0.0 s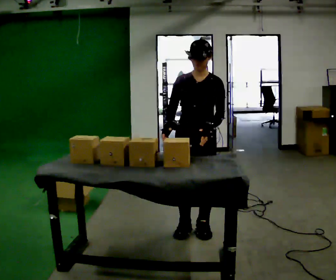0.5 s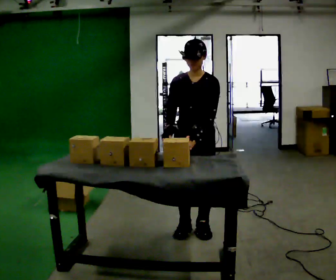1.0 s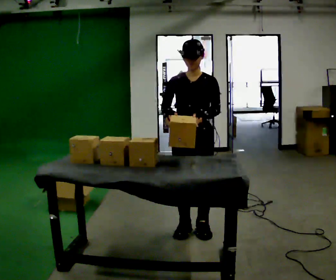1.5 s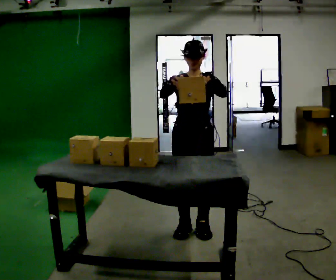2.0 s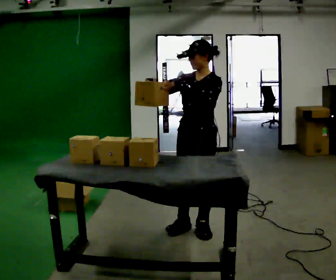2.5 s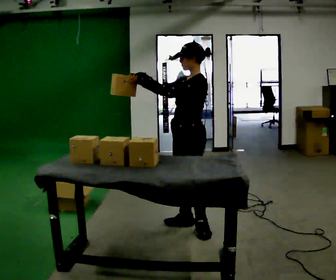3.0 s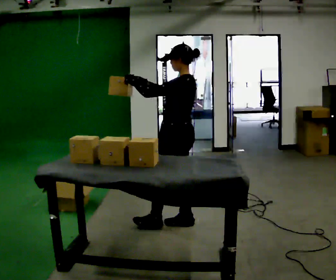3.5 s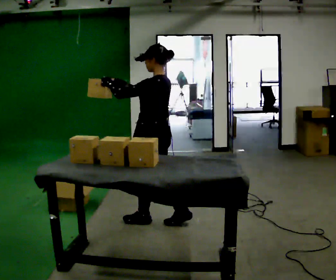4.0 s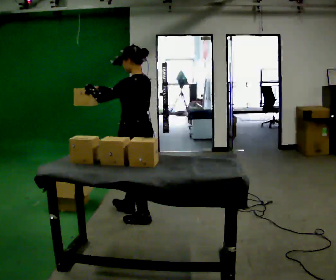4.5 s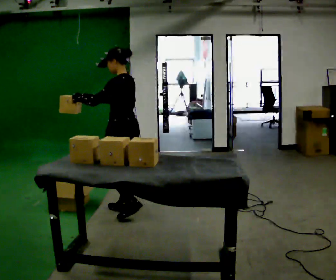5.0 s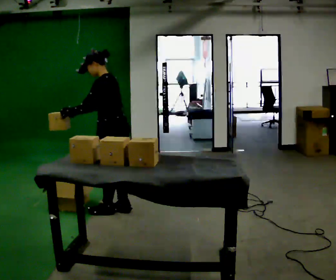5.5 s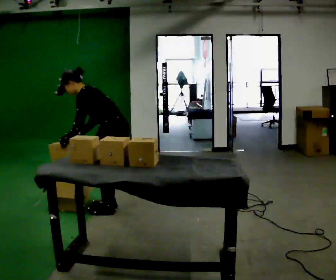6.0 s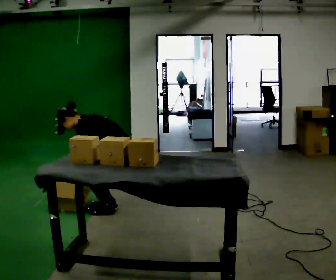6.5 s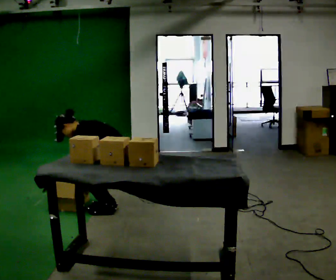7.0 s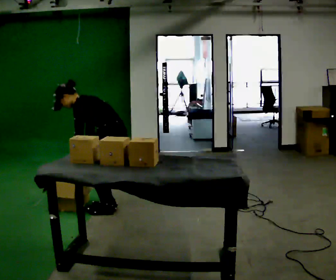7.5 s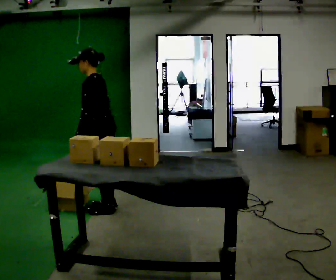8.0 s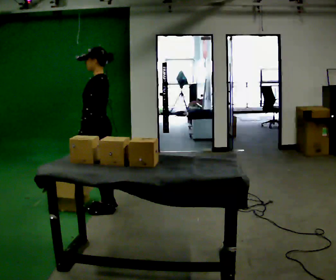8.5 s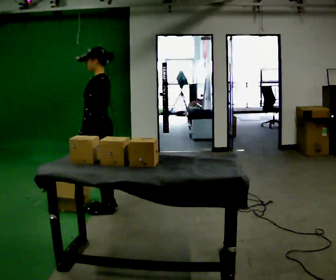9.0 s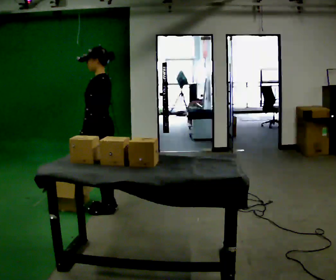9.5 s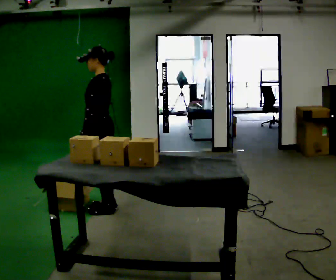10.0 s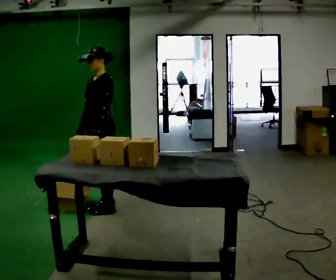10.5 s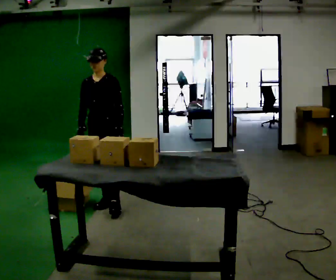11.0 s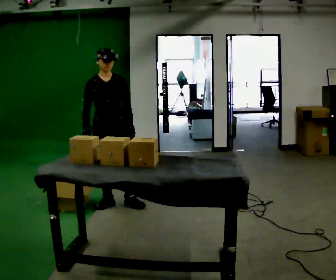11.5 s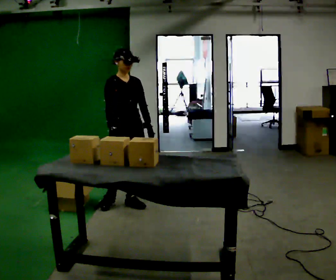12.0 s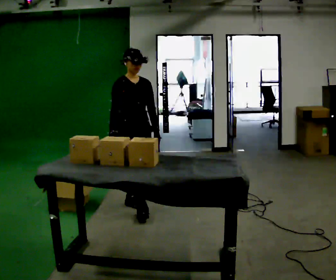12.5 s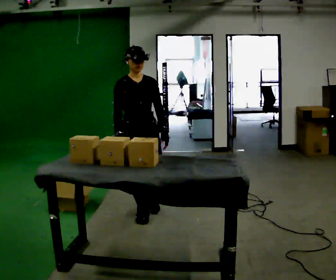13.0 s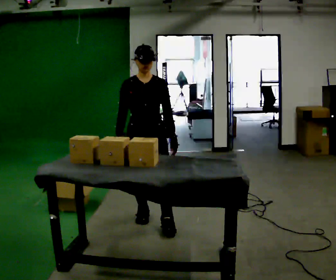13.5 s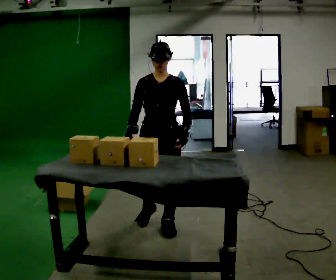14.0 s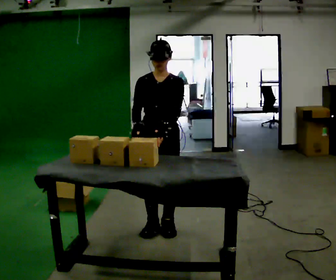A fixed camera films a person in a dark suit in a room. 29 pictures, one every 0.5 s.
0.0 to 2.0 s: The person moves a little, or ends about where they began.
2.0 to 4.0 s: The part of the body nearest the lens slides to the left as the person turns to their right by about 75 degrees. In the picture they go to the left and away from the camera, about 0.5 m in 1 step.
4.0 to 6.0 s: In the picture they go away from the camera and to the left, about 0.25 m in 3 steps, which for them is forward and to their right. The shoulders move downward. In the picture the upper body tilts counterclockwise, shoulders to the left, as they bend forward. In the picture their left hand goes downward, the arm swinging counterclockwise.
6.0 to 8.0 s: In the picture they go to the left, about 0.25 m, which for them is forward. The shoulders move upward. In the picture the upper body tilts clockwise, shoulders to the right, as they lean back or straighten. In the picture their left hand goes upward.
8.0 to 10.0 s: The person turns about 30 degrees to their left, counterclockwise seen from above, so the part of the body nearest the lens slides to the right.
10.0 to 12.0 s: The part of the body nearest the lens slides to the right as the person turns to their left by about 90 degrees. In the picture they go to the right, about 0.25 m in 2 steps.
12.0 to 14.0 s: The person turns about 45 degrees to their right, clockwise seen from above, so the part of the body nearest the lens slides to the left. In the picture they go toward the camera, about 0.5 m in 2 steps, which for them is forward.
The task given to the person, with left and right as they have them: Take an object out of the bin at knee height, carry it across the room, and place it on the chest-height shelf. Keep going until the operator says stop; one object at a time, and do not rush between trips.
The film runs forward here.
